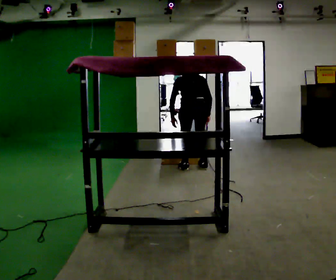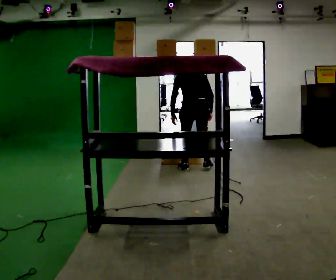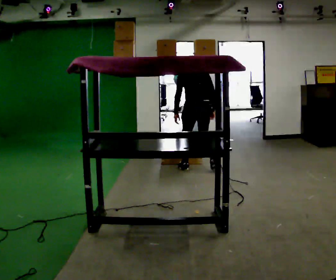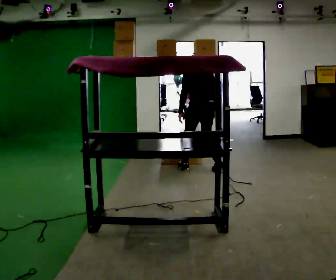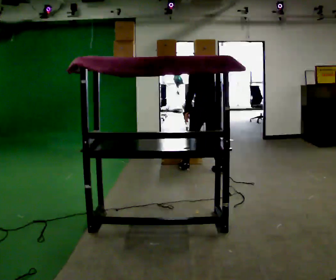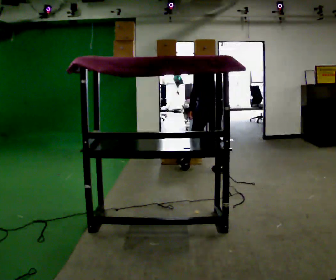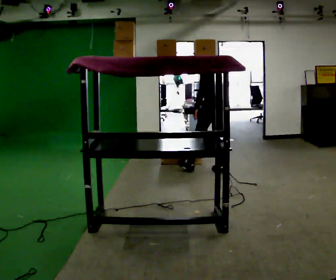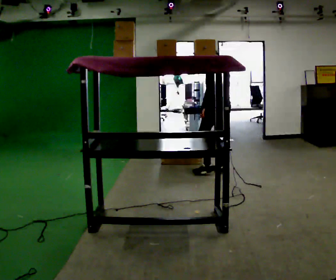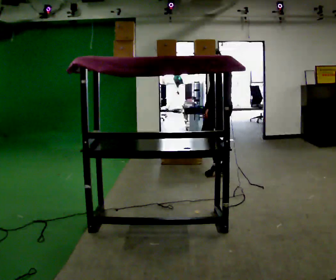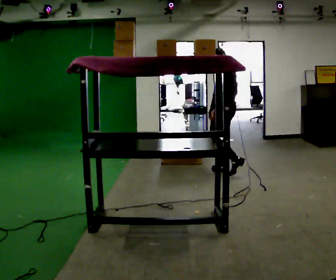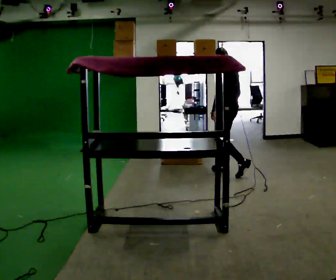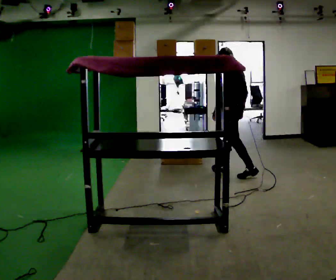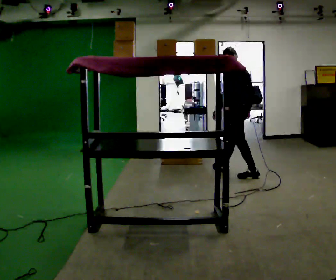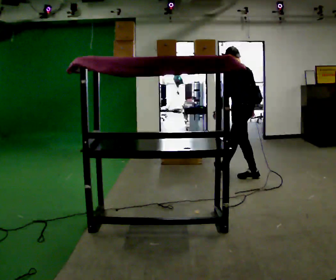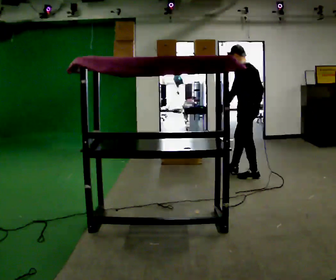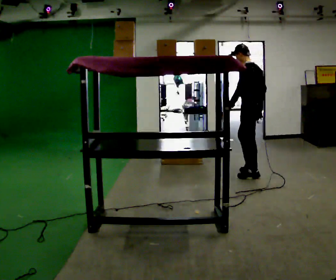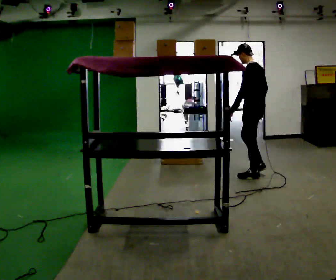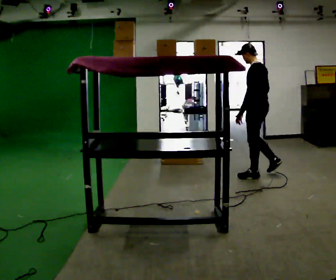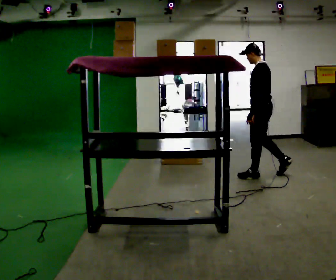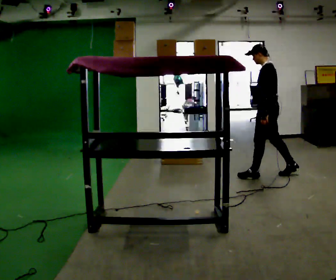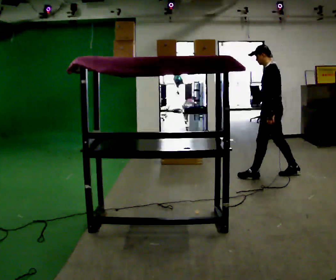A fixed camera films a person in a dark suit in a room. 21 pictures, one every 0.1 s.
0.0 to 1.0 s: Seen from above the body turns counterclockwise, about 60 degrees: to their left, with its near side sliding to the right. In the picture they go to the right, about 0.5 m in 1 step, which for them is backward and to their right. The upper body tips toward the camera, its near side rolling downward, as they lean back or straighten.
1.0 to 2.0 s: In the picture they go to the right, about 0.5 m in 1 step, which for them is backward.
The film runs backward here.
